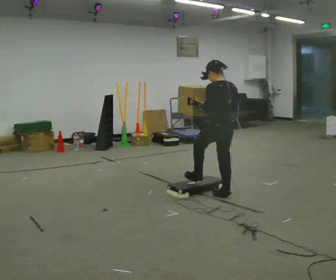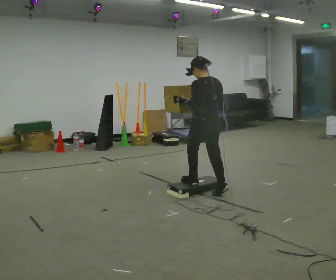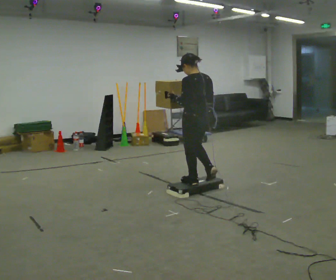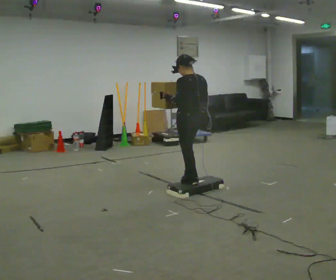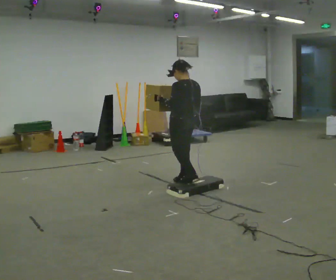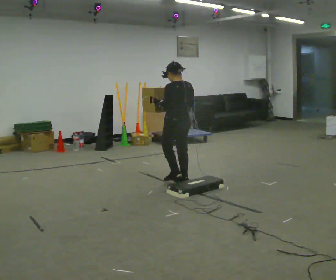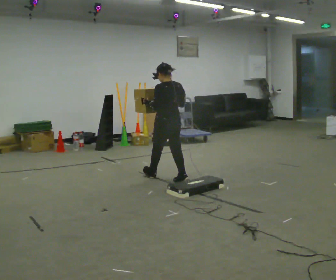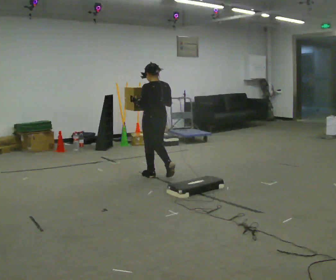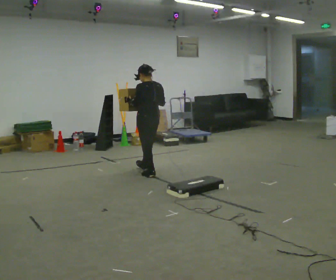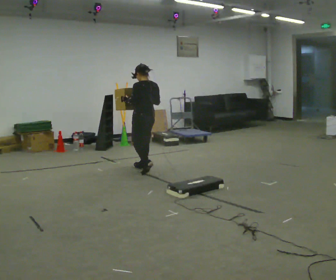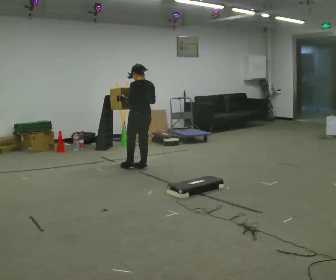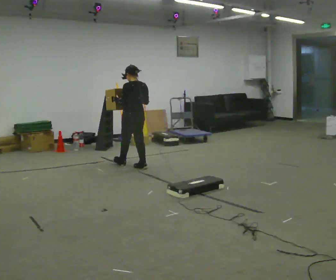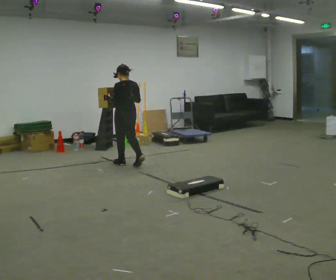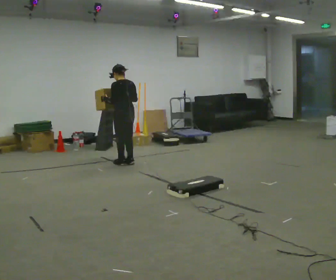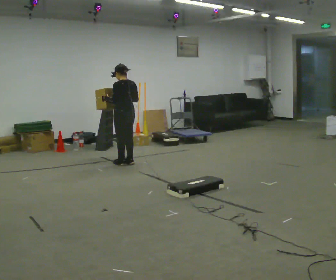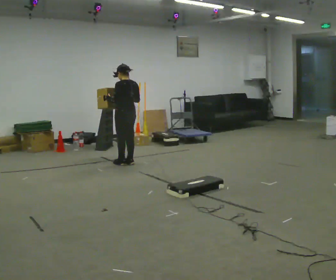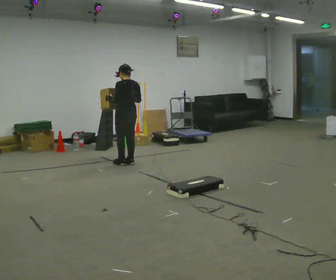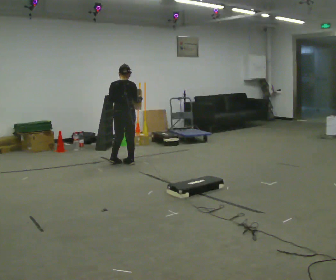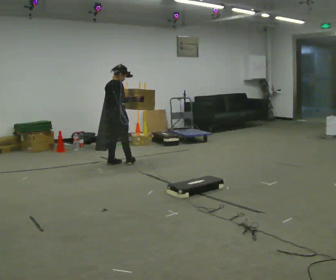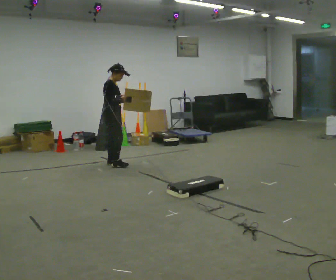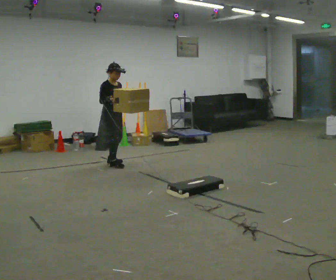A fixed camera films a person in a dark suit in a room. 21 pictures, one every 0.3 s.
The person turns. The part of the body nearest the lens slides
to the left.
The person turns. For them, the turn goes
to their right.
0.0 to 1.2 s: In the picture they go away from the camera and to the left, about 0.5 m in 2 steps, which for them is forward.
1.2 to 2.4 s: In the picture they go away from the camera and to the left, about 0.75 m in 1 step, which for them is forward.
2.4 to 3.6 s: In the picture they go away from the camera and to the left, about 0.5 m in 2 steps, which for them is forward.
3.6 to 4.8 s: The person moves a little, or ends about where they began.
4.8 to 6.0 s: The part of the body nearest the lens slides to the left as the person turns to their right by about 150 degrees. In the picture they go to the left, about 0.25 m in 2 steps. In the picture their right hand goes to the left.
The film runs forward here.
